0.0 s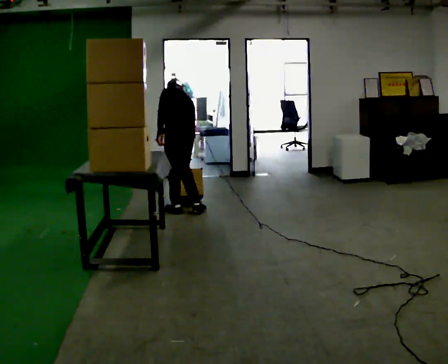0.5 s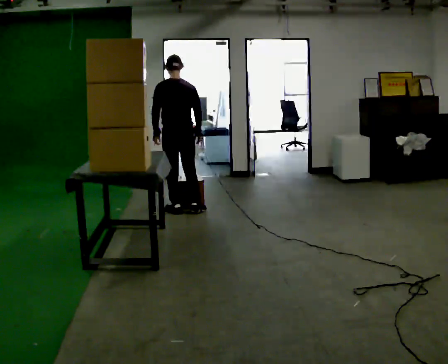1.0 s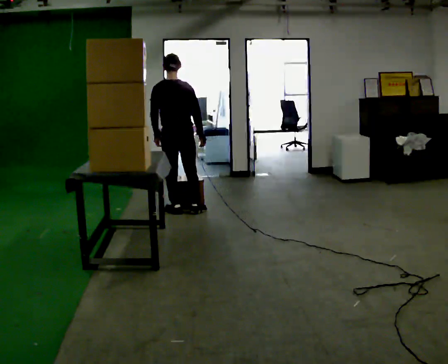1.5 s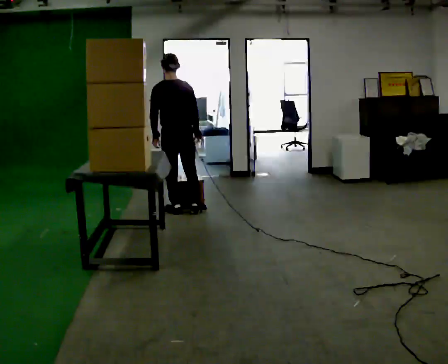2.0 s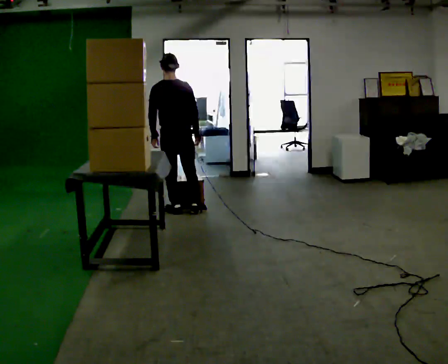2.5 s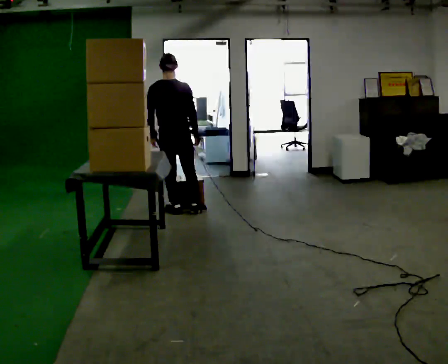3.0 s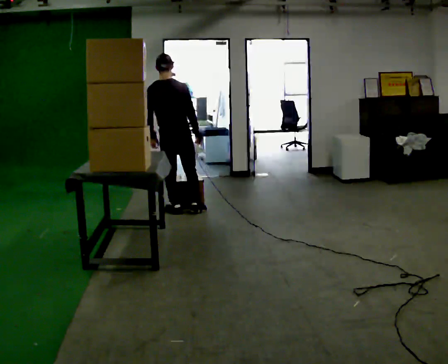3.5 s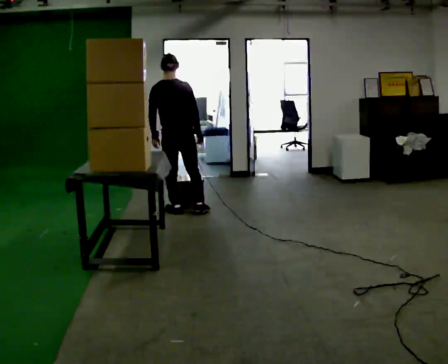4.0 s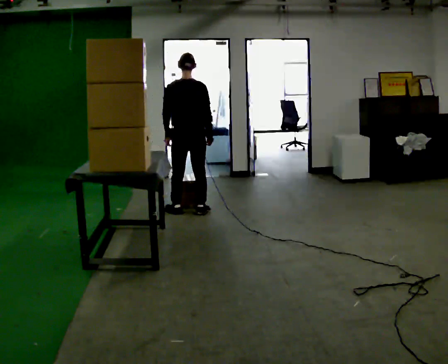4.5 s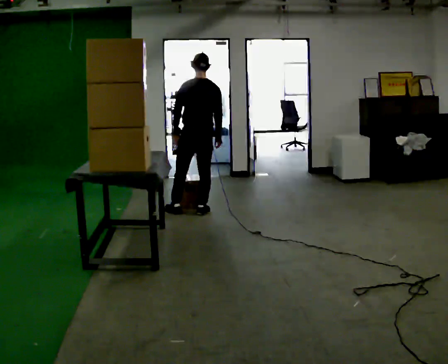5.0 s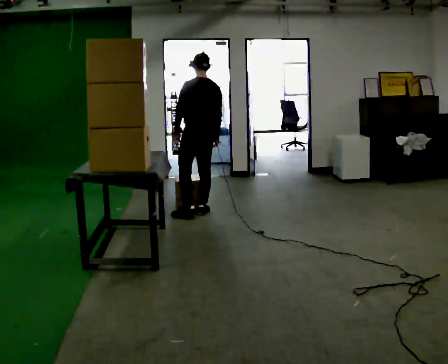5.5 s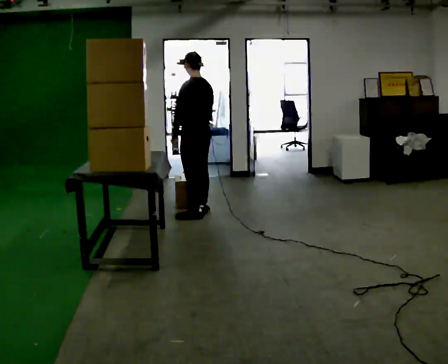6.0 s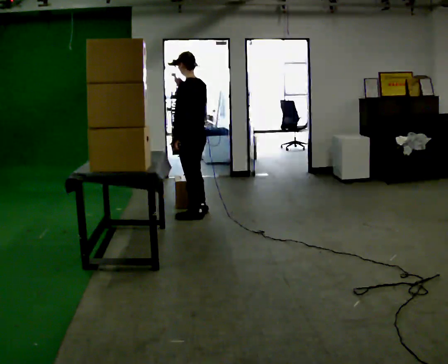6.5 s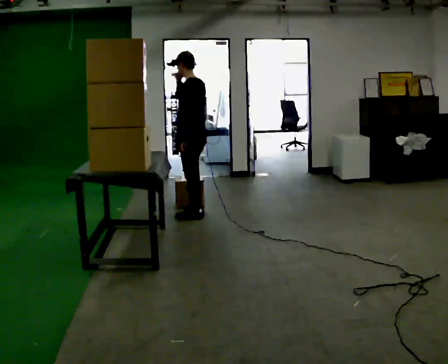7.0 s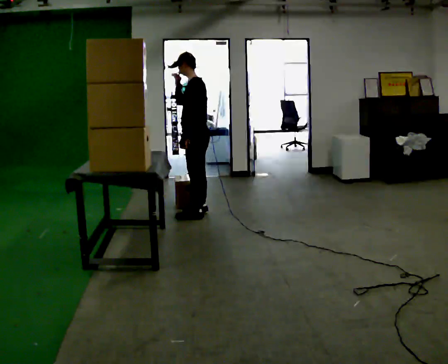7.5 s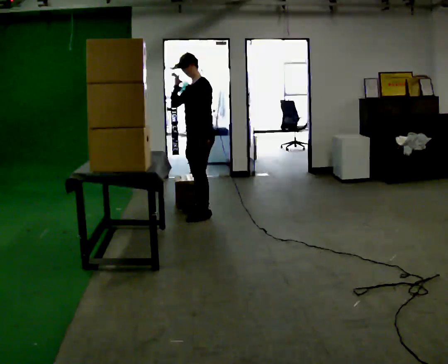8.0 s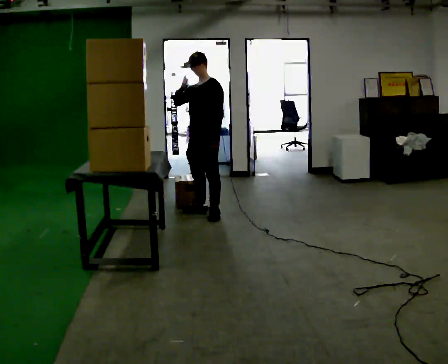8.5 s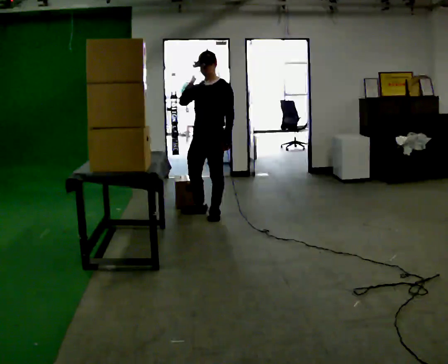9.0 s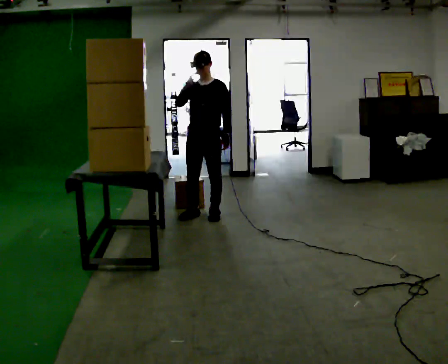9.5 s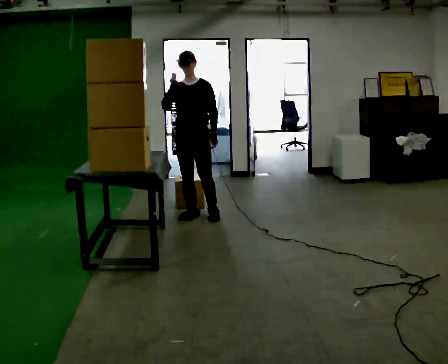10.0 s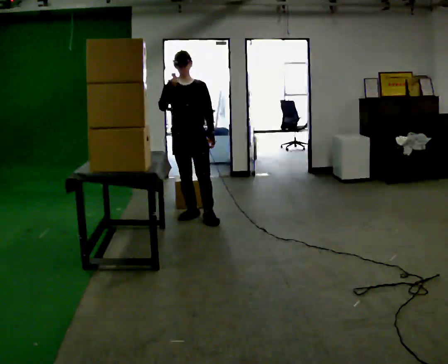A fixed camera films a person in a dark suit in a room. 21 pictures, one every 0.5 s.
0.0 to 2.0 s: The person turns about 30 degrees to their right, clockwise seen from above, so the part of the body nearest the lens slides to the left. The upper body tips toward the camera, its near side rolling downward, as they lean back or straighten.
2.0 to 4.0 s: The person moves a little, or ends about where they began.
4.0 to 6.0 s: Seen from above the body turns counterclockwise, about 60 degrees: to their left, with its near side sliding to the right. In the picture they go toward the camera, about 0.25 m in 1 step, which for them is backward. In the picture their right hand goes upward.
6.0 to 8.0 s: The part of the body nearest the lens slides to the right as the person turns to their left by about 75 degrees.
8.0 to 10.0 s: Seen from above the body turns counterclockwise, about 45 degrees: to their left, with its near side sliding to the right. In the picture they go to the left, about 0.25 m in 1 step, which for them is forward and to their right.
The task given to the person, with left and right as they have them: Take boxes off the top of the stack one at a time and carry them away, walking back for each one. Keep going until the operator says stop; one object at a time, and do not rush between trips.
The film runs forward here.
